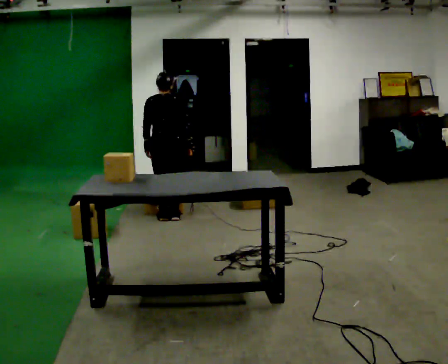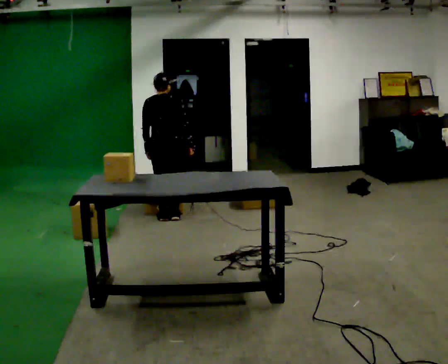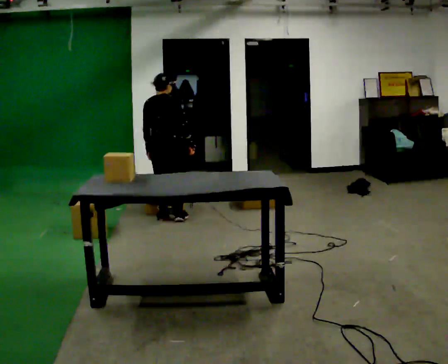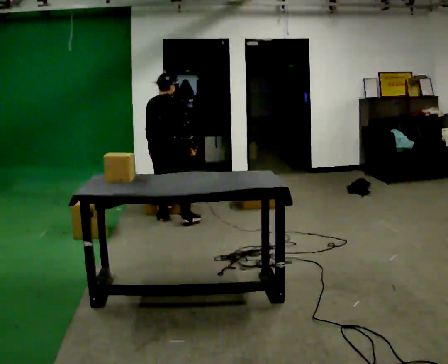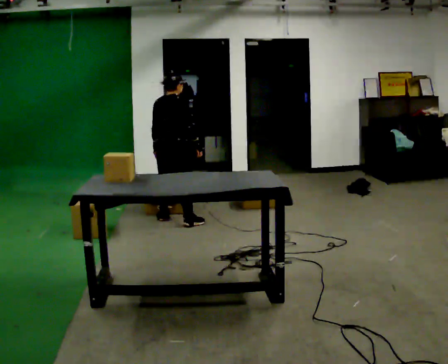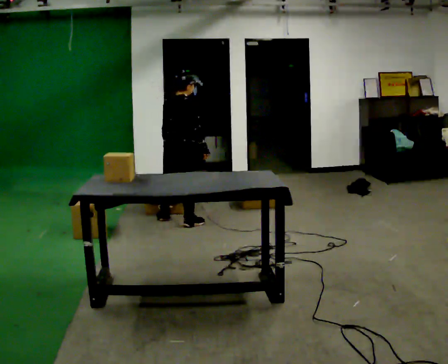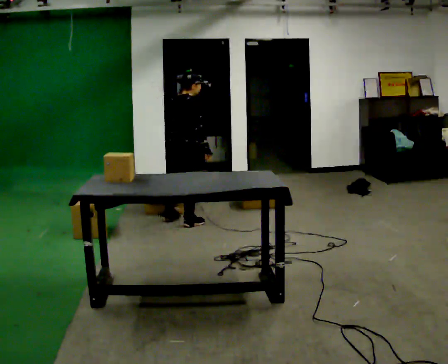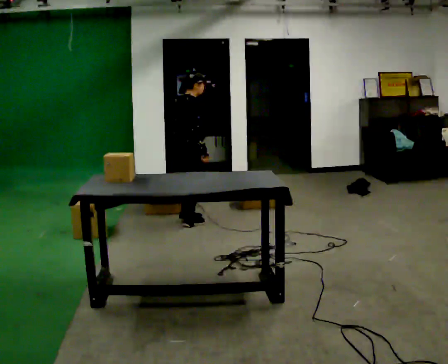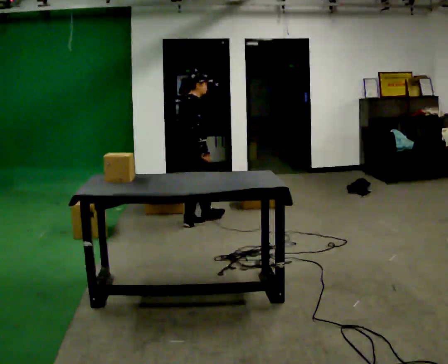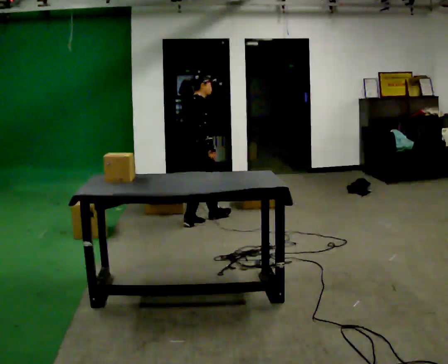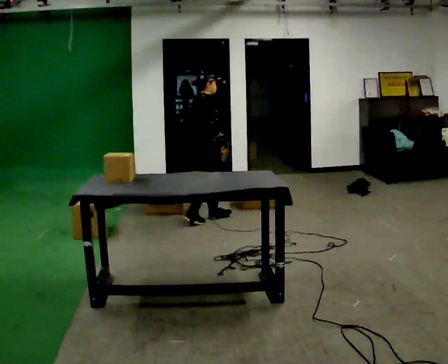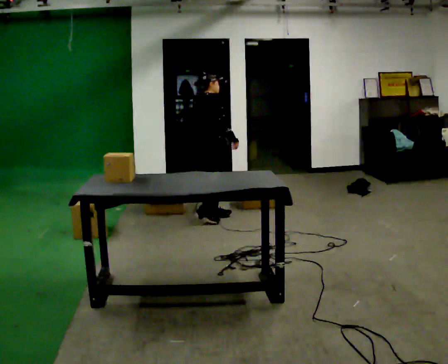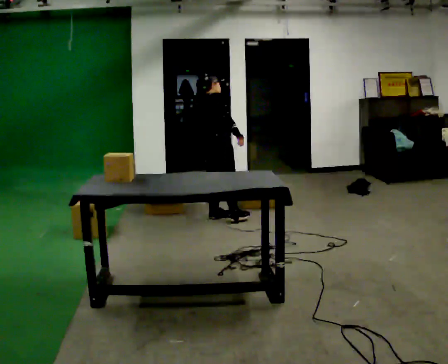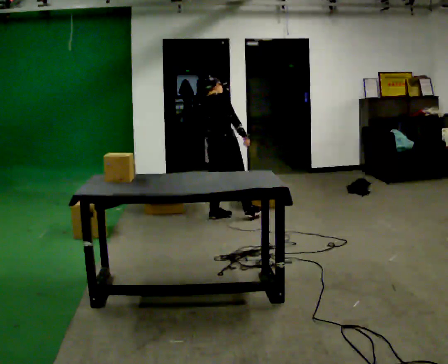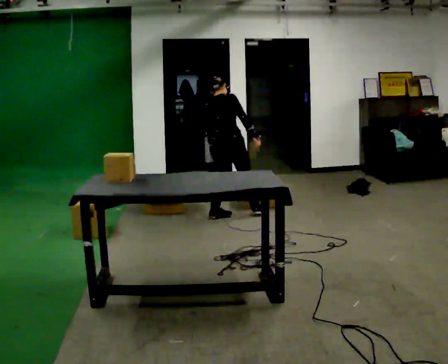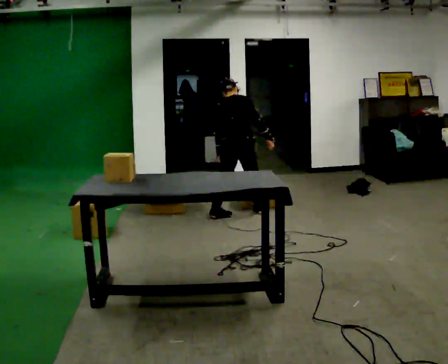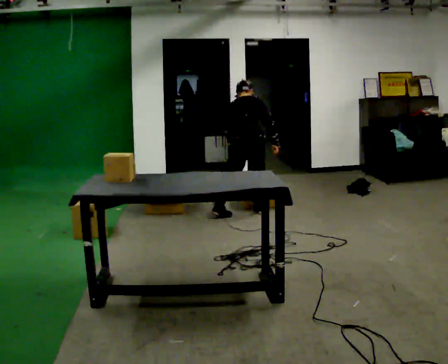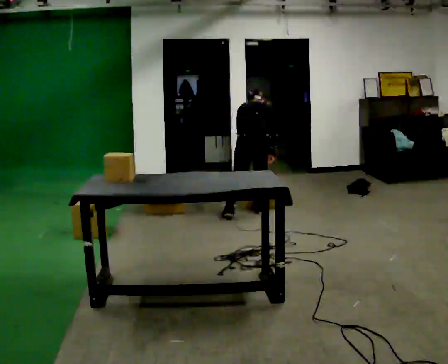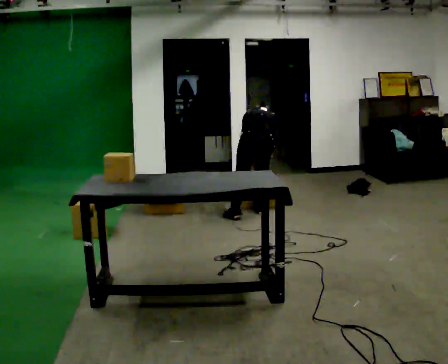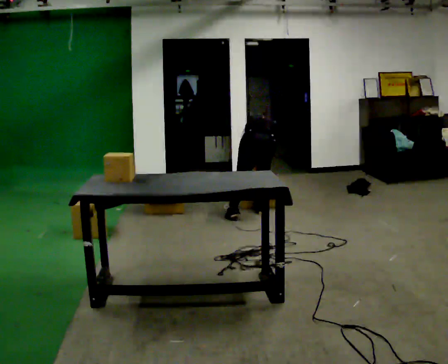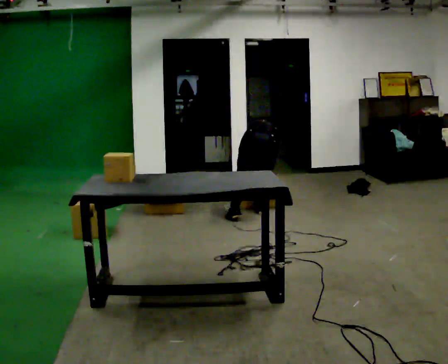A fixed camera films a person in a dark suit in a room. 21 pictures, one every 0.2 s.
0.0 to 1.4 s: The person turns about 60 degrees to their right, clockwise seen from above, so the part of the body nearest the lens slides to the left. In the picture they go to the right and toward the camera, about 0.25 m in 1 step, which for them is to their right.
1.4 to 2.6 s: In the picture they go to the right and away from the camera, about 0.5 m in 1 step, which for them is forward.
2.6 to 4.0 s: The part of the body nearest the lens slides to the right as the person turns to their left by about 45 degrees. In the picture they go to the right, about 0.25 m in 2 steps, which for them is to their right. The upper body goes downward. The upper body tips away from the camera, its near side rolling upward, as they bend forward. In the picture their right hand goes downward.
The film runs forward here.
